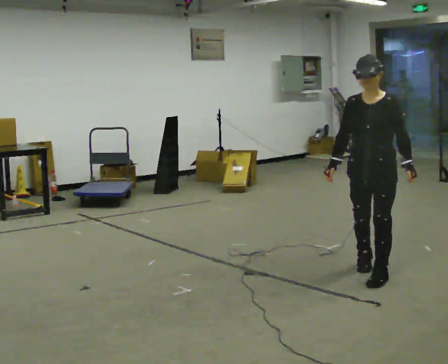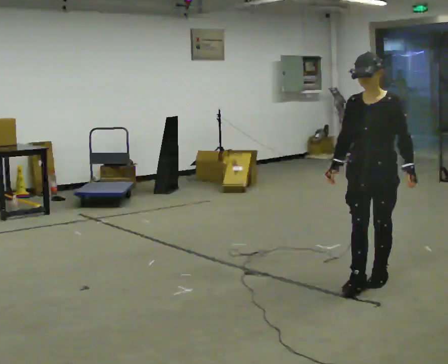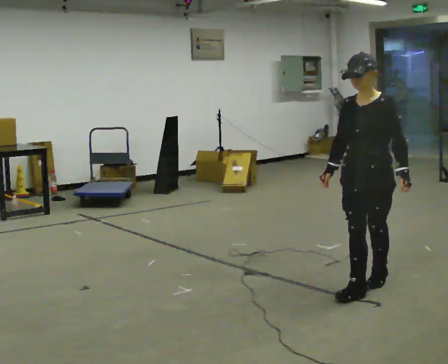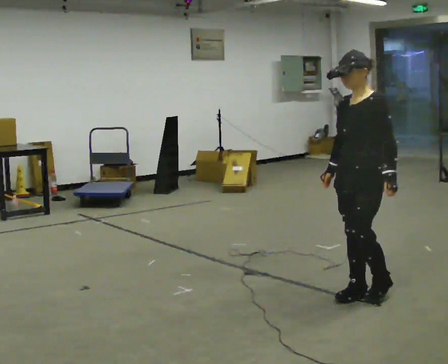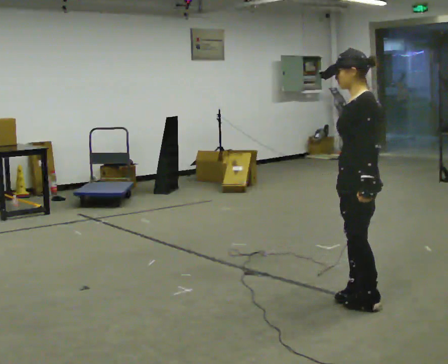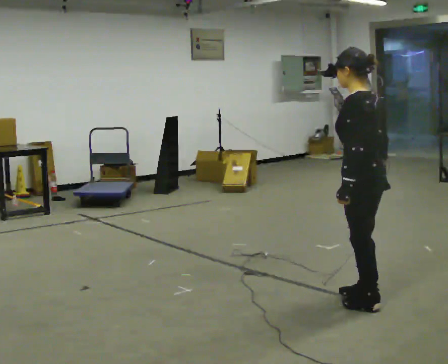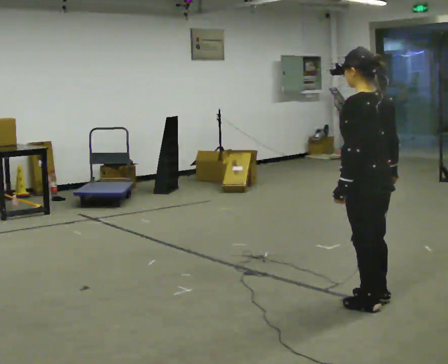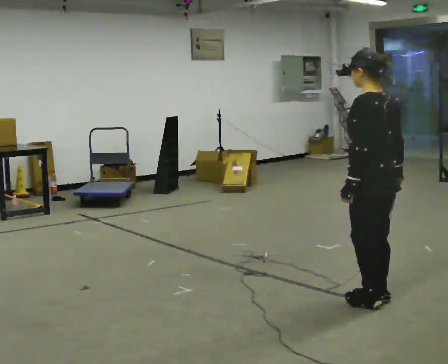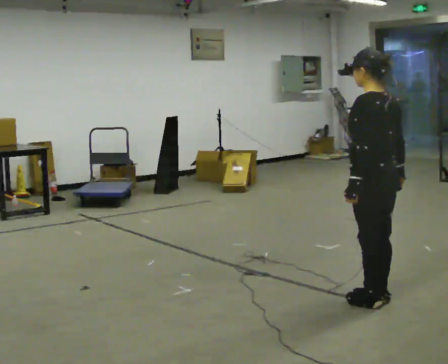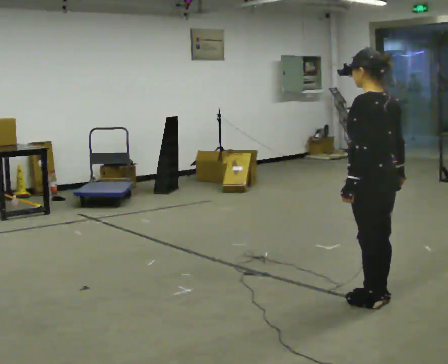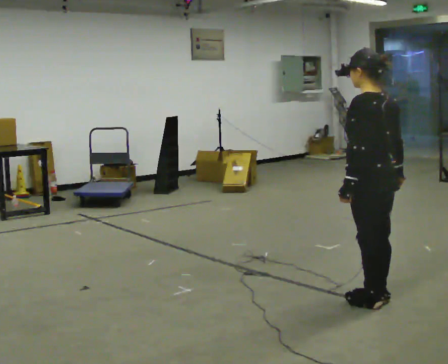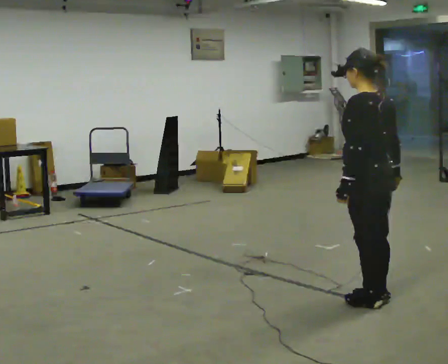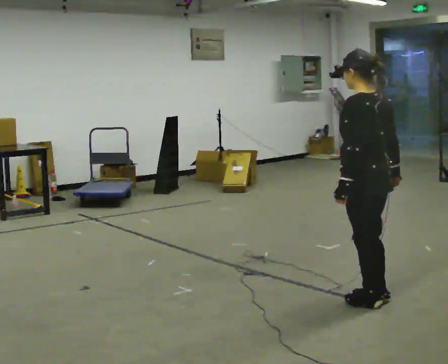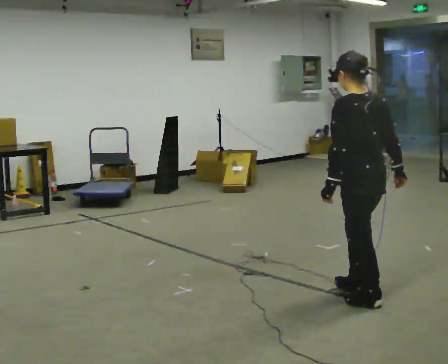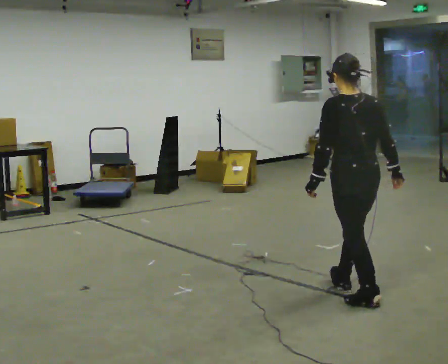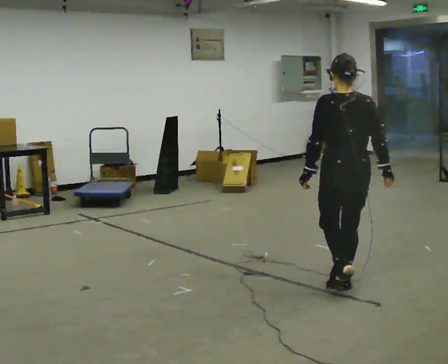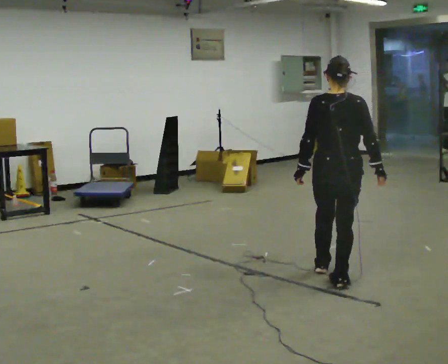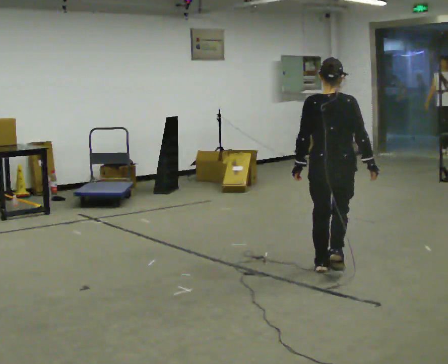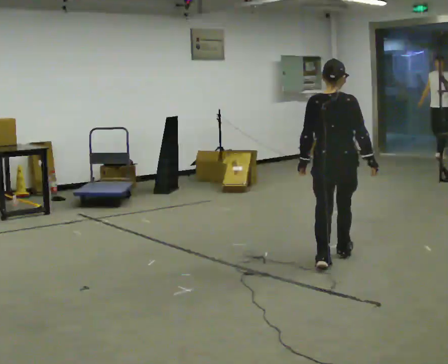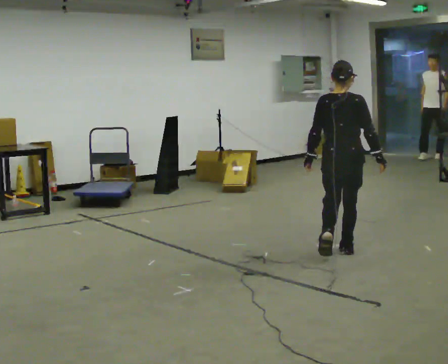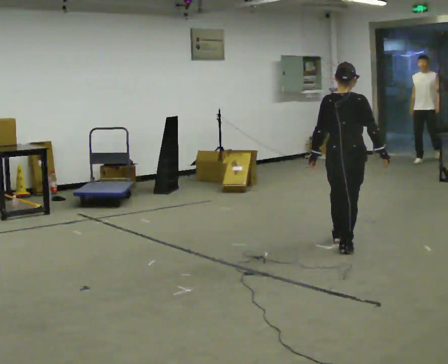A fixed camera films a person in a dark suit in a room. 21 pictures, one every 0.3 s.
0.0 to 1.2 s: Seen from above the body turns clockwise, about 75 degrees: to their right, with its near side sliding to the left. In the picture they go toward the camera, about 0.5 m in 2 steps.
1.2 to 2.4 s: Seen from above the body turns clockwise, about 45 degrees: to their right, with its near side sliding to the left. In the picture their right hand goes to the right.
2.4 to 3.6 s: The person moves a little, or ends about where they began.
3.6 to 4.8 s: The person turns about 45 degrees to their right, clockwise seen from above, so the part of the body nearest the lens slides to the left. In the picture they go away from the camera and to the left, about 0.5 m in 1 step, which for them is forward.
4.8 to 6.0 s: In the picture they go away from the camera, about 1 m in 2 steps, which for them is forward.
The film runs forward here.
